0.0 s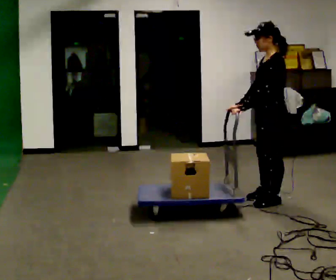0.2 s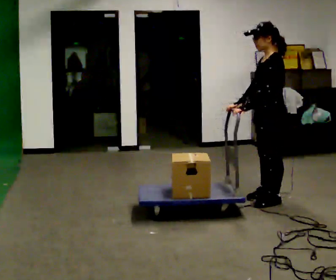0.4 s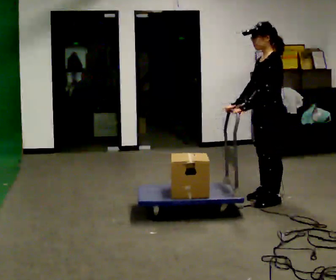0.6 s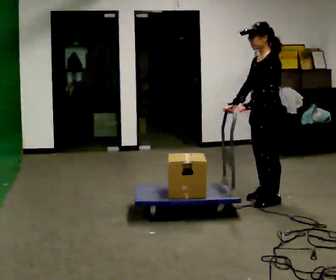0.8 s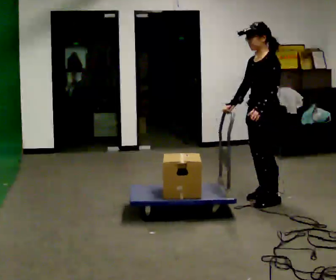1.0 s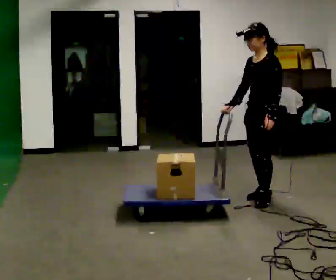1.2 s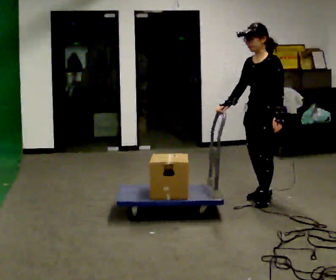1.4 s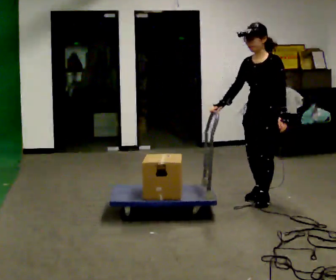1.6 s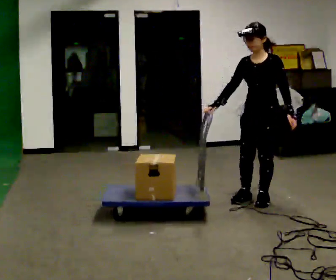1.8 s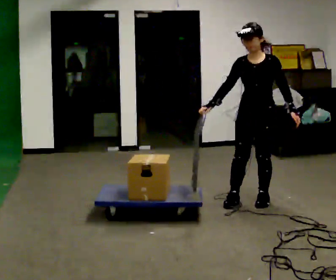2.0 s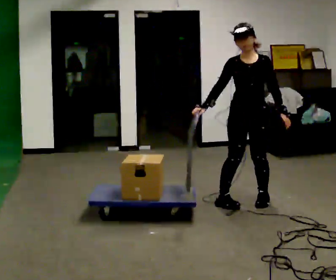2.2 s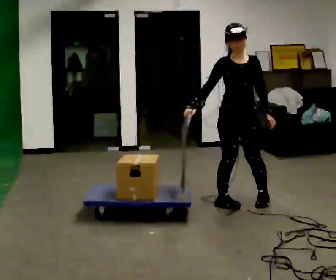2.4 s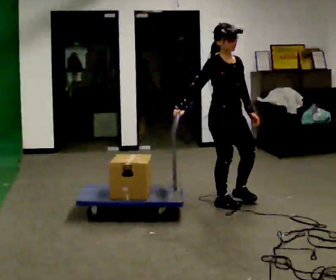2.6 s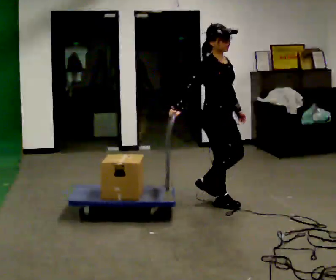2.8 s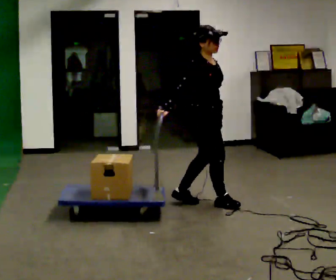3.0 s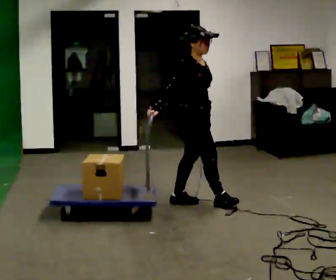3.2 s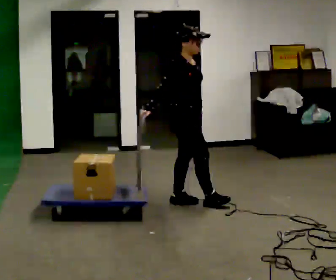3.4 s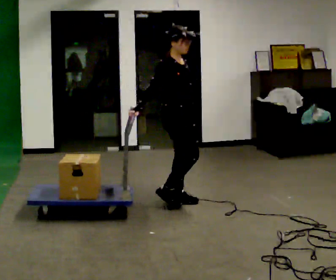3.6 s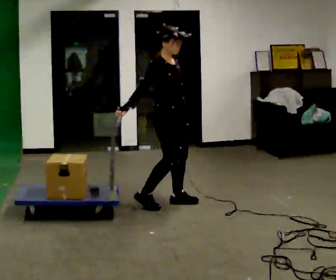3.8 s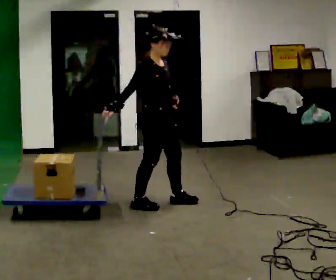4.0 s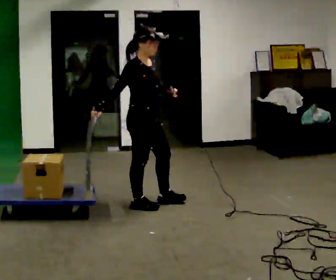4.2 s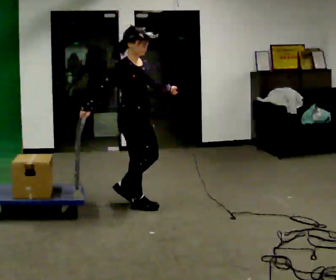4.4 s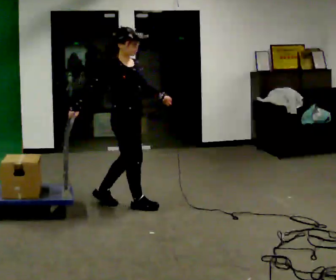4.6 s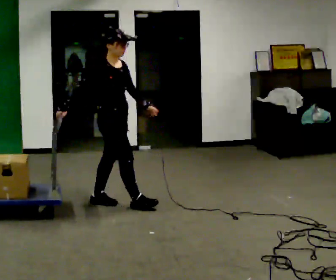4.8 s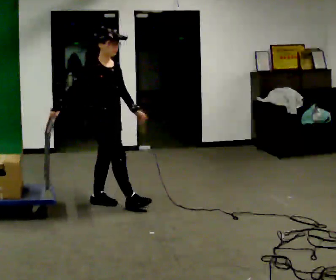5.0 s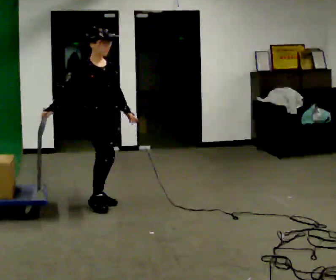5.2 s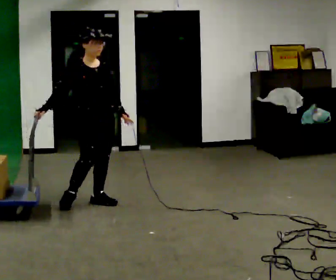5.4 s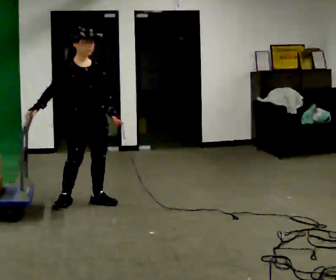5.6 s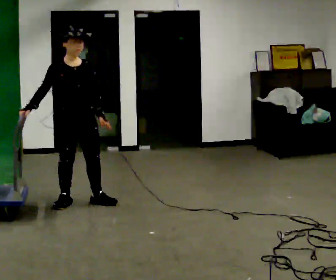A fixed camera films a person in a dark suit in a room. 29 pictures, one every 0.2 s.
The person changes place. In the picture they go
to the left.
0.0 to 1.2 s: The part of the body nearest the lens slides to the right as the person turns to their left by about 30 degrees.
1.2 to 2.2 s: The part of the body nearest the lens slides to the right as the person turns to their left by about 60 degrees. In the picture they go to the left, about 0.25 m in 1 step.
2.2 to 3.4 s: The person turns about 60 degrees to their left, counterclockwise seen from above, so the part of the body nearest the lens slides to the right. In the picture they go to the left, about 0.5 m in 2 steps.
3.4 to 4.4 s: In the picture they go to the left, about 0.5 m in 1 step, which for them is backward and to their right.
4.4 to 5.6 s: The part of the body nearest the lens slides to the left as the person turns to their right by about 45 degrees. In the picture they go to the left, about 0.5 m in 1 step, which for them is backward and to their right.
The film runs backward here.
